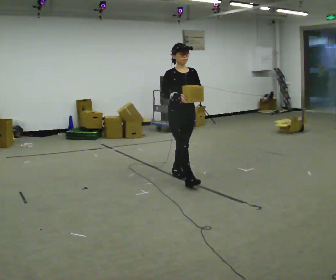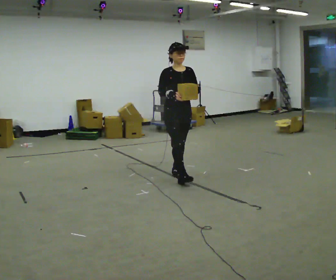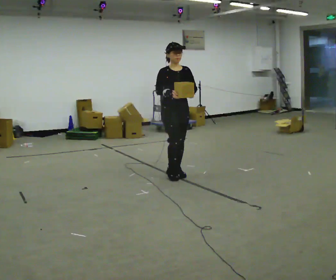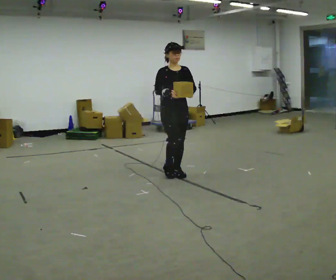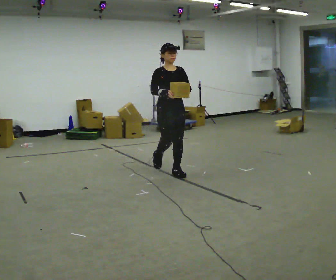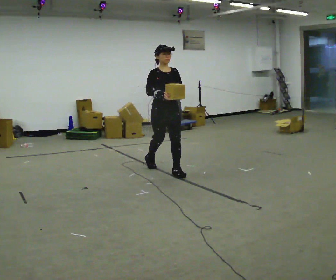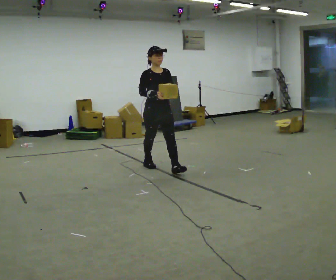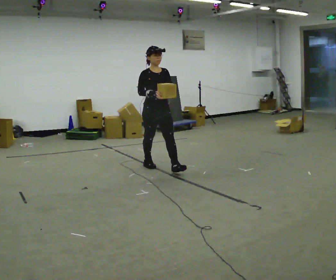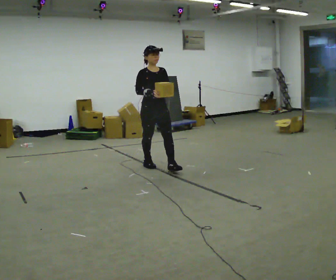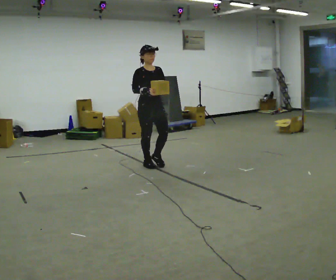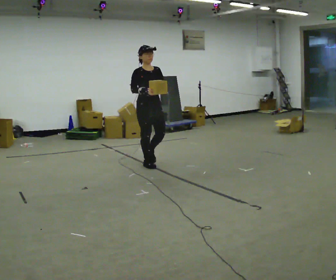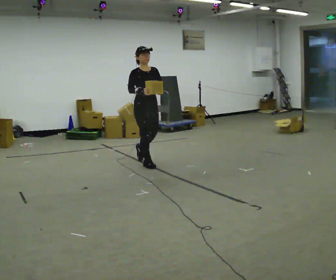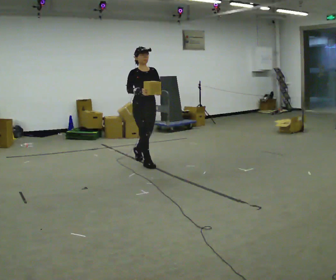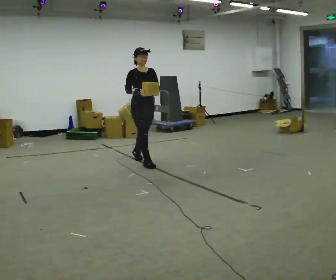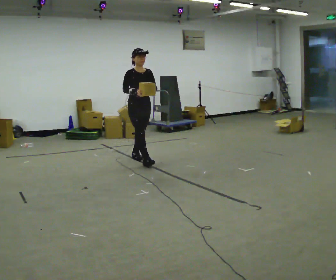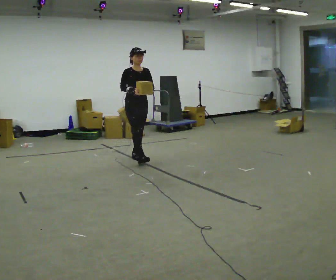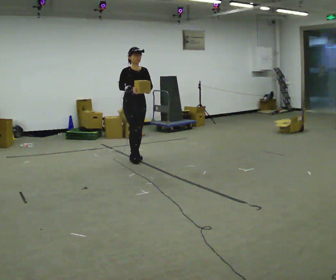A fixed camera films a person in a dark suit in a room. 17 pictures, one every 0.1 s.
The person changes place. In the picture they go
away from the camera.
0.0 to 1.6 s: In the picture they go away from the camera and to the left, about 1.5 m in 3 steps, which for them is backward.
The film runs backward here.
